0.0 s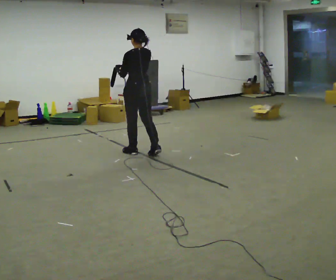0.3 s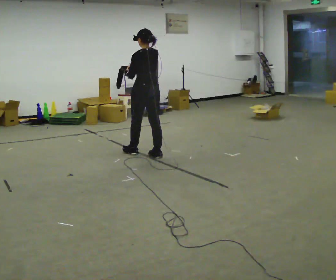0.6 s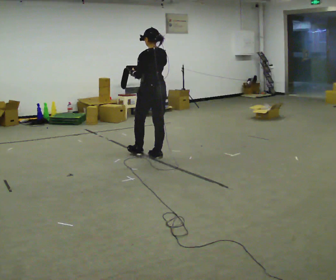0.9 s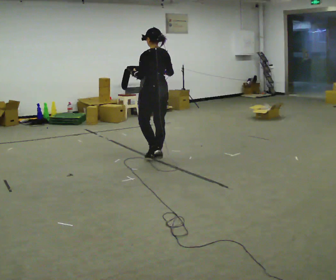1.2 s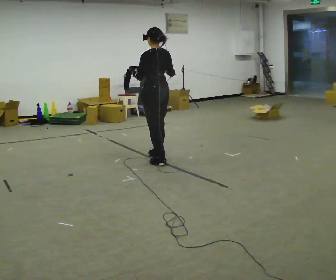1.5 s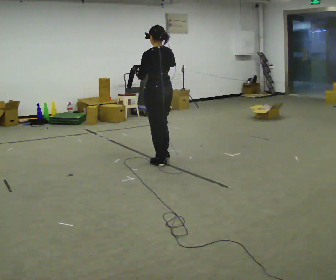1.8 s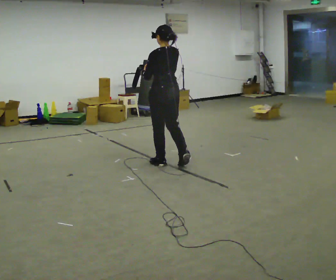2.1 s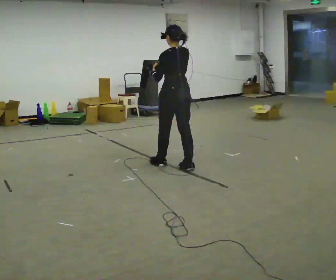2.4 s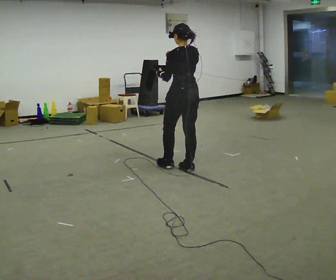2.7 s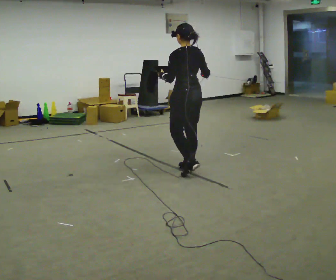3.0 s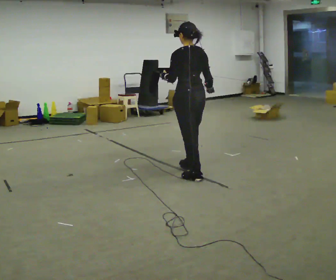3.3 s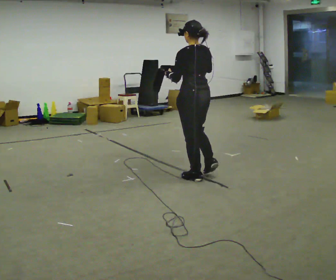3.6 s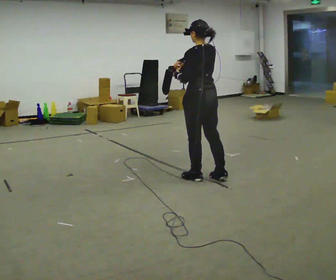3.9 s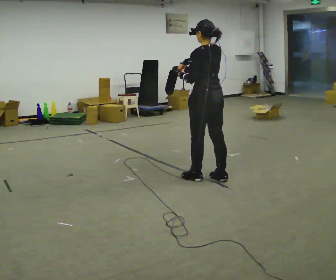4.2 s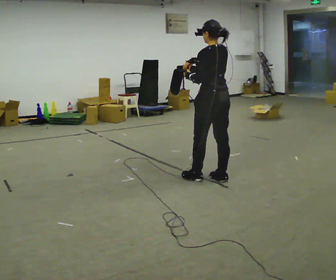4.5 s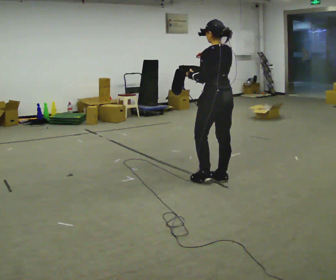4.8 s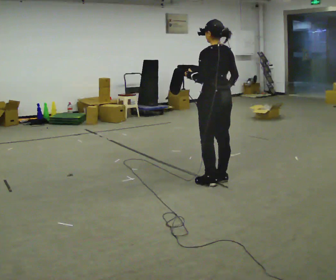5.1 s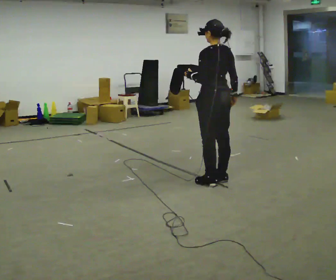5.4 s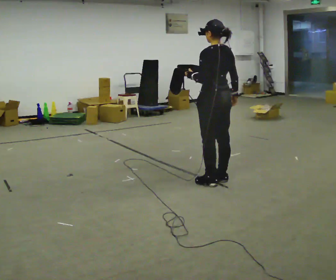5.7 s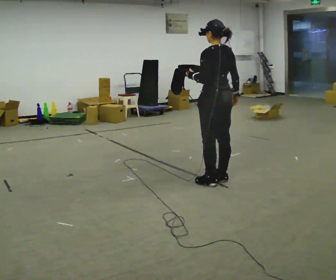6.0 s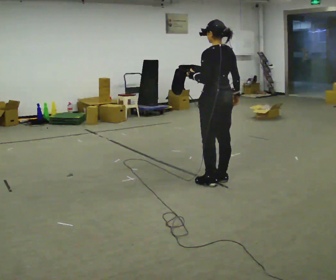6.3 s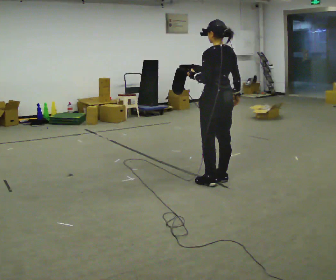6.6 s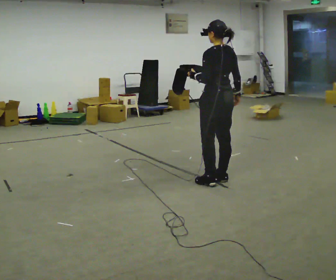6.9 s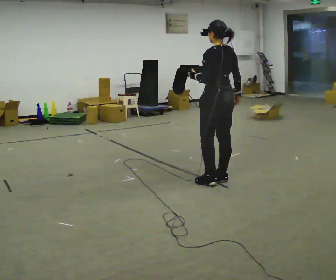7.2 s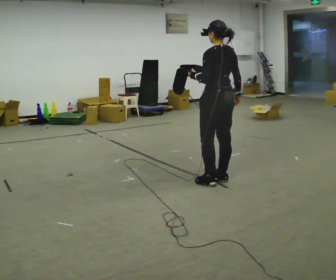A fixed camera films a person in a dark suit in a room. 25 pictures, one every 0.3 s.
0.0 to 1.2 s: In the picture they go to the right and toward the camera, about 0.5 m in 1 step, which for them is backward.
1.2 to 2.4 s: In the picture they go to the right and toward the camera, about 0.5 m in 2 steps, which for them is backward.
2.4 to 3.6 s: In the picture they go toward the camera and to the right, about 0.5 m in 1 step, which for them is backward.
3.6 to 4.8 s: In the picture they go to the right, about 0.25 m in 1 step, which for them is backward. In the picture their right hand goes to the right.
4.8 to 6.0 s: The person moves a little, or ends about where they began.
6.0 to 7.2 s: The person keeps their place and pose.
The film runs backward here.
